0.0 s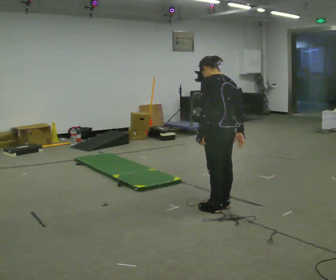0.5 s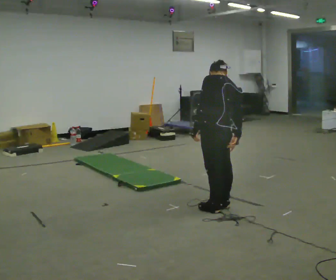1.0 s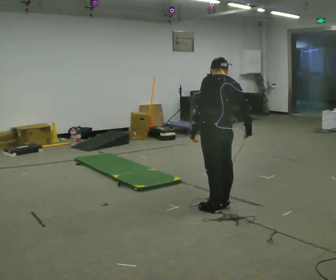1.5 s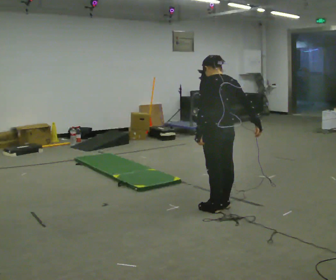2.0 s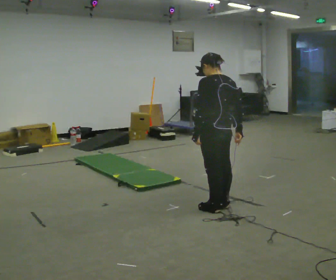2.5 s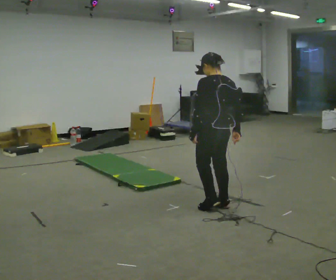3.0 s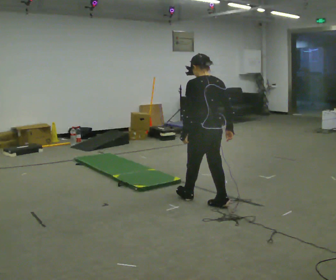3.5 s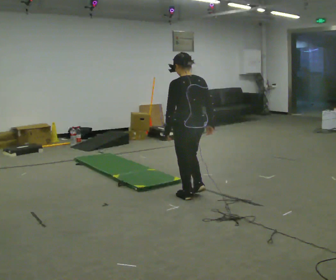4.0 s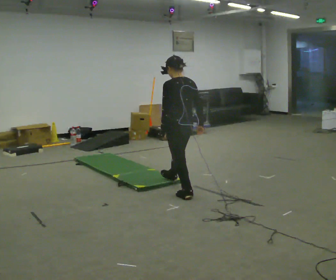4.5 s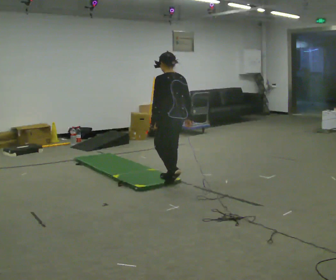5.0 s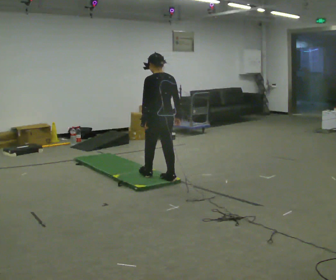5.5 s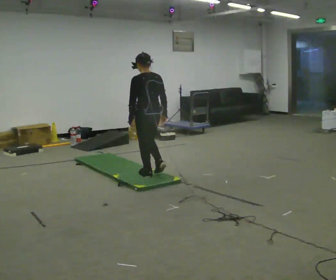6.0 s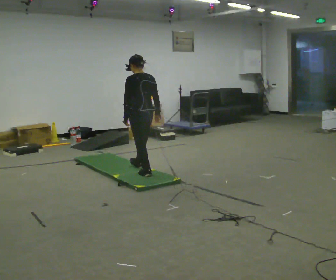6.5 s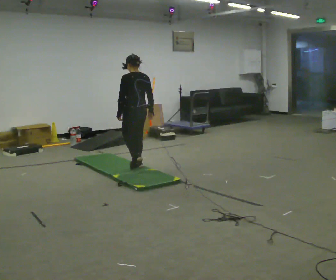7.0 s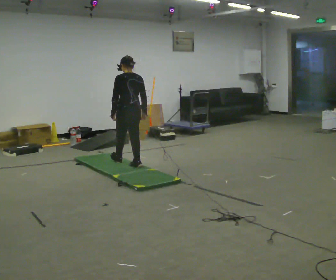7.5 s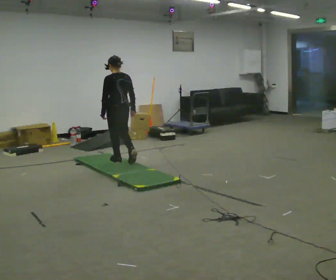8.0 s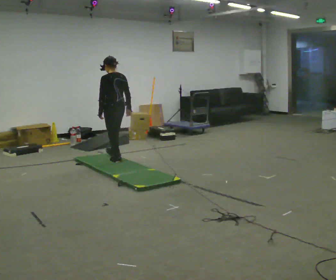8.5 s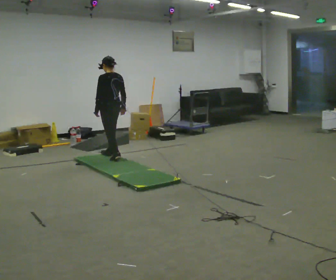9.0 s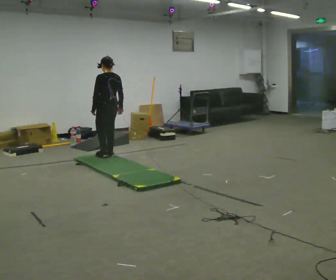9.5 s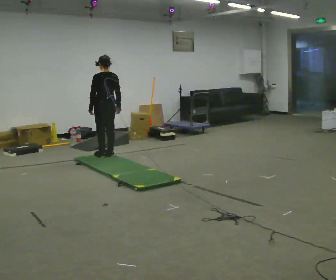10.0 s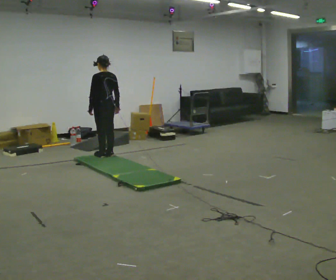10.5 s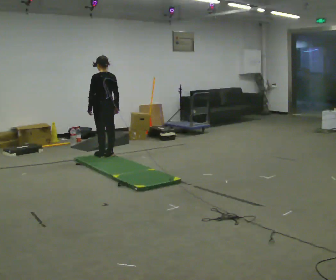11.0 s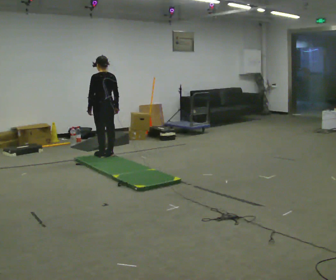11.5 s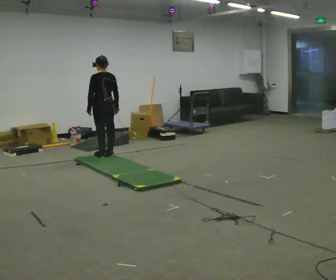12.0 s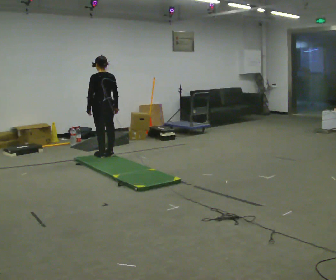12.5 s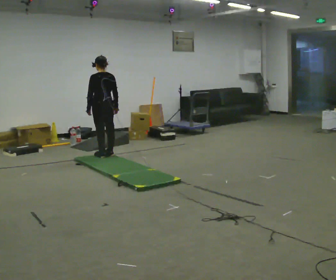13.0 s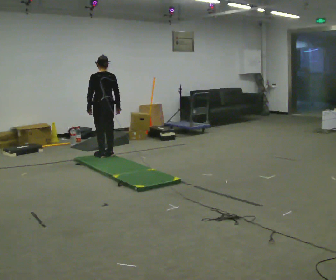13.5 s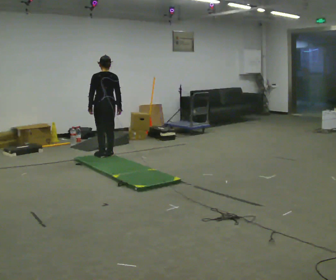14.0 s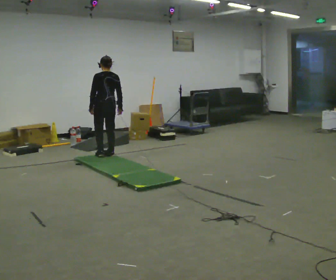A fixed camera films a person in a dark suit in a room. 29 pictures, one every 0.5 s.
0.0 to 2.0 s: The person moves a little, or ends about where they began.
2.0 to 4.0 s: In the picture they go away from the camera, about 0.5 m in 2 steps, which for them is forward.
4.0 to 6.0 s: In the picture they go away from the camera and to the left, about 1 m in 2 steps, which for them is forward.
6.0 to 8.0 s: In the picture they go away from the camera and to the left, about 0.5 m in 1 step, which for them is forward.
8.0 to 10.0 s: In the picture they go away from the camera, about 0.25 m in 2 steps, which for them is forward.
10.0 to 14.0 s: The person moves a little, or ends about where they began.
The film runs forward here.
